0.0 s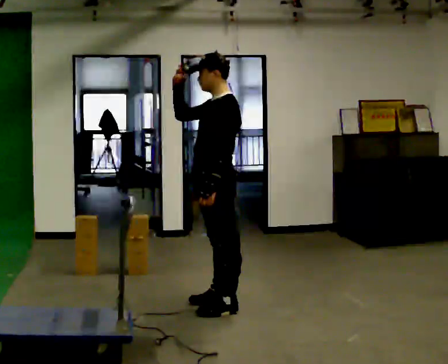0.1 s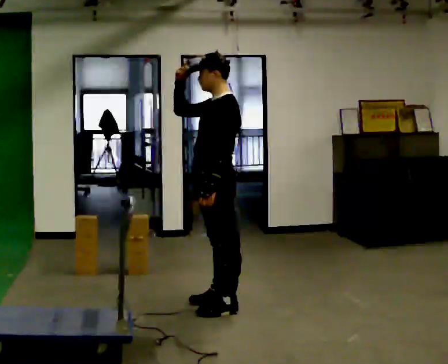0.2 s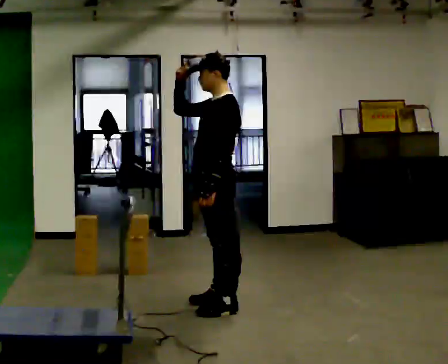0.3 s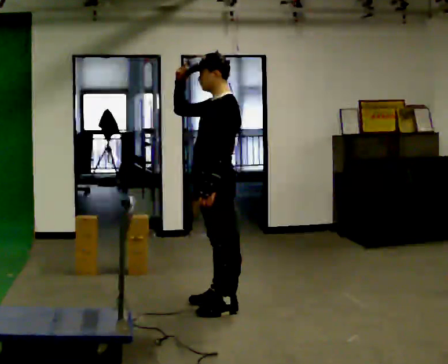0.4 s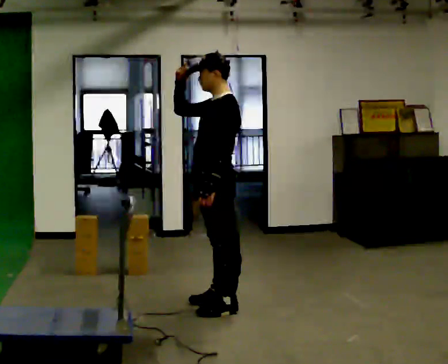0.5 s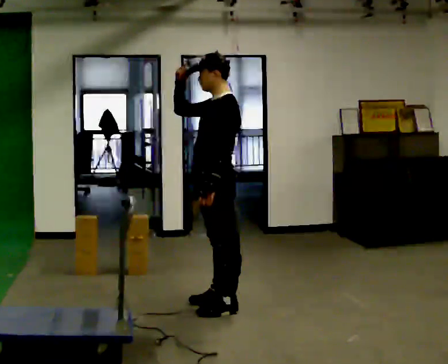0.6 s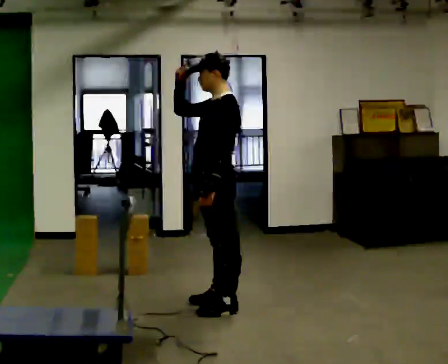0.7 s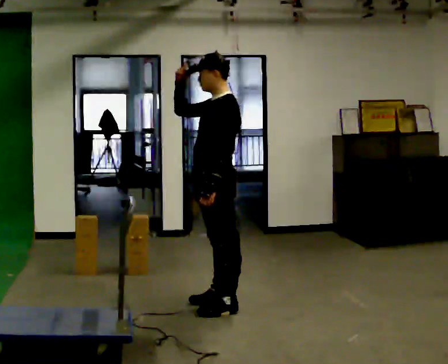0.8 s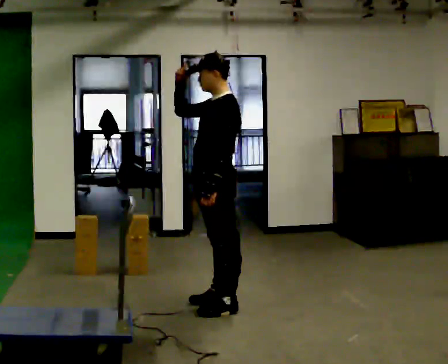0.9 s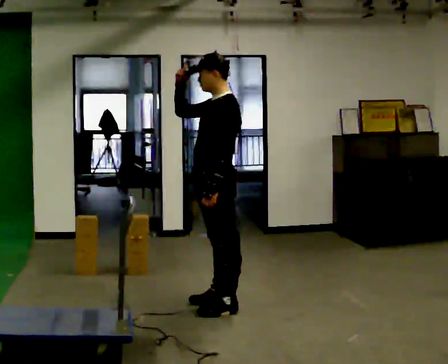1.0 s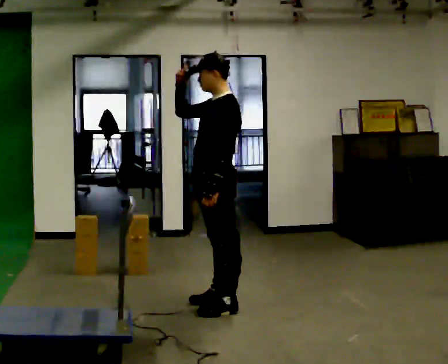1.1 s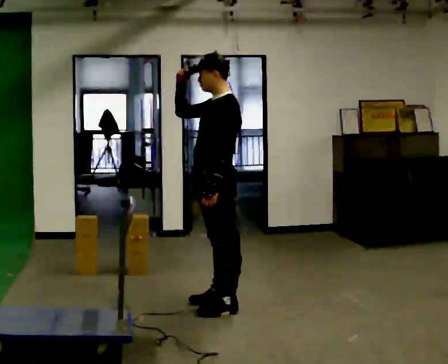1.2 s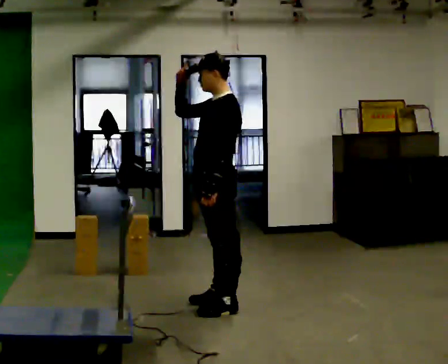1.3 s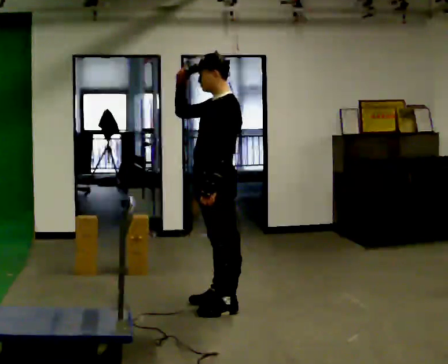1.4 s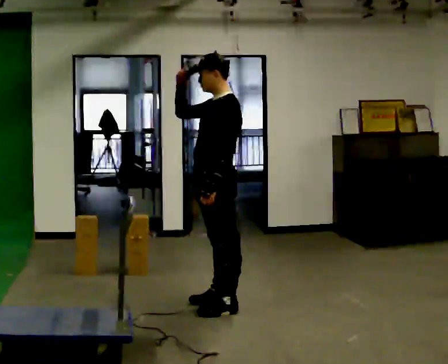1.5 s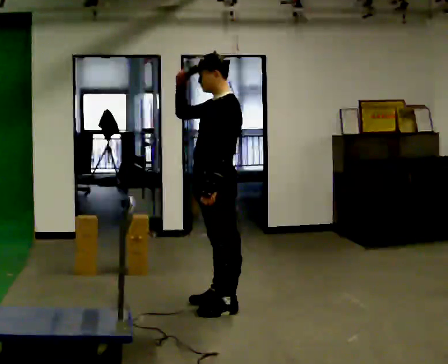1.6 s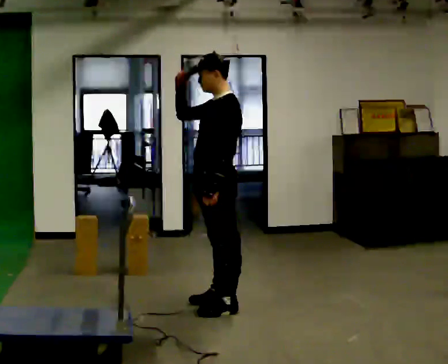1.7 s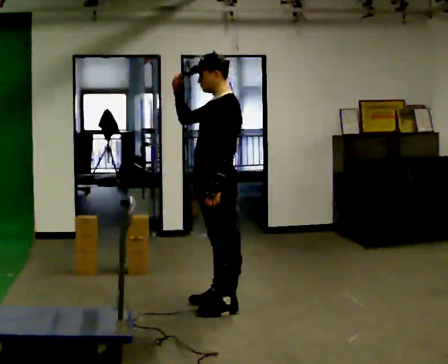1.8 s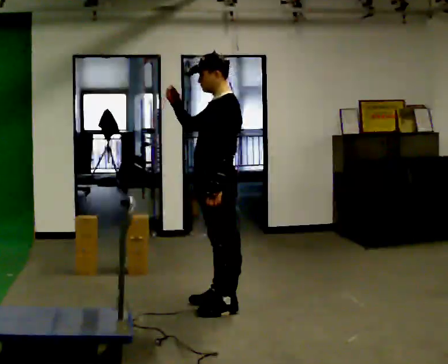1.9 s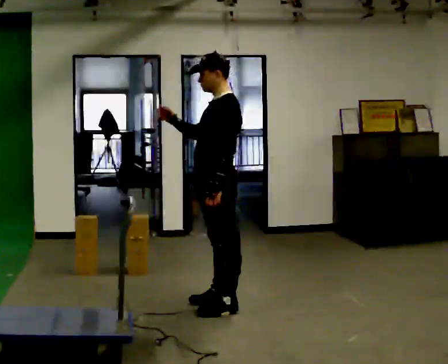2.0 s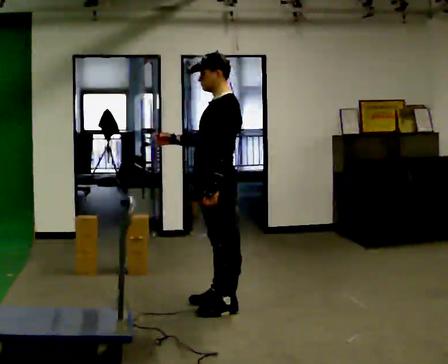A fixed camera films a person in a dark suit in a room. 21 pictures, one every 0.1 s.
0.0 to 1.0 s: The person moves a little, or ends about where they began.
1.0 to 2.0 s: In the picture their right hand goes downward, the arm swinging counterclockwise.
The film runs backward here.
